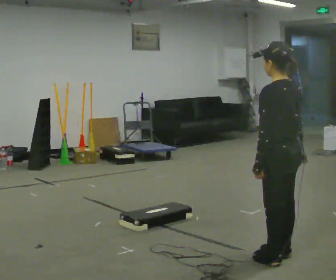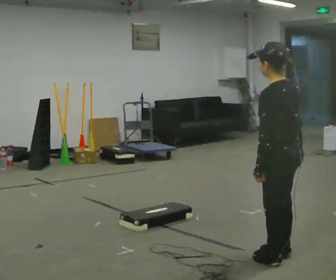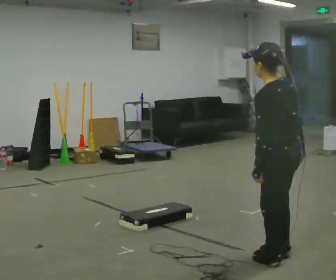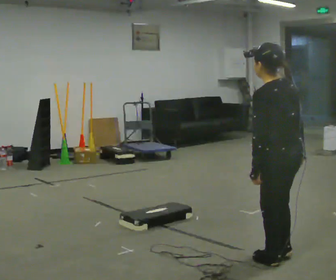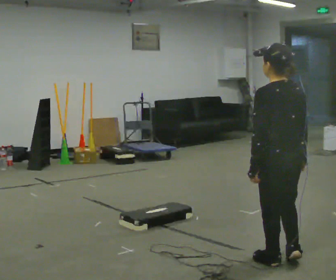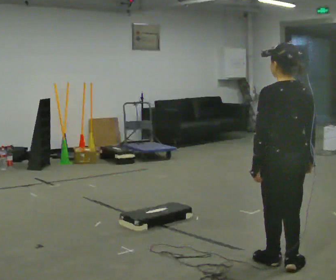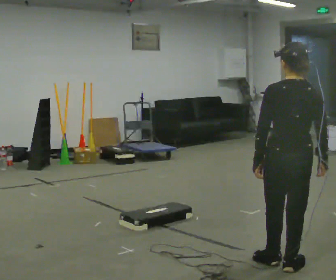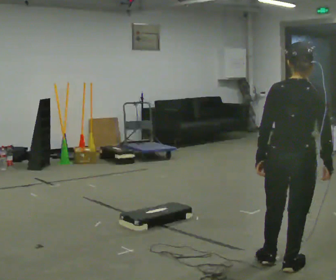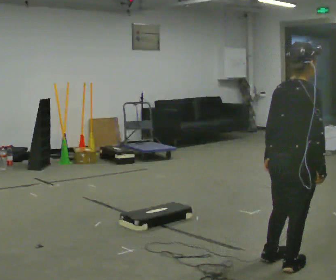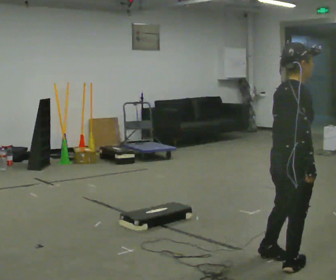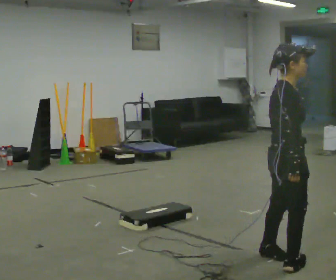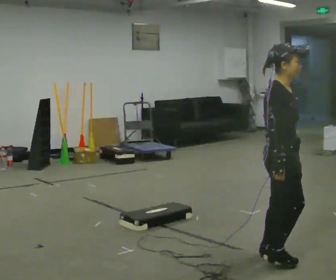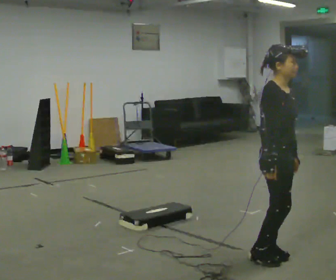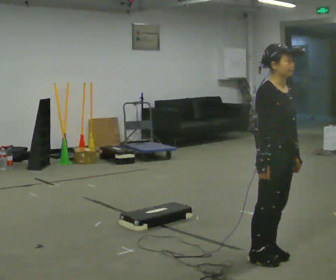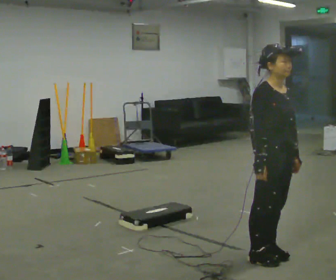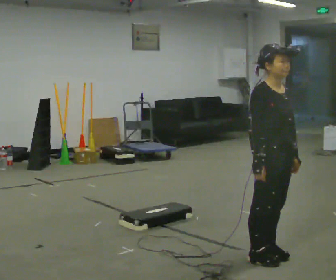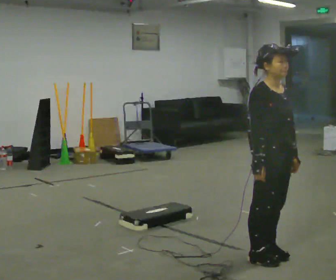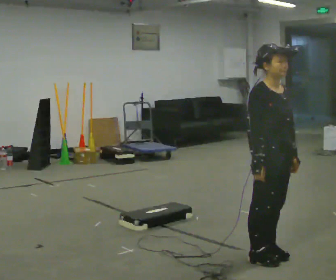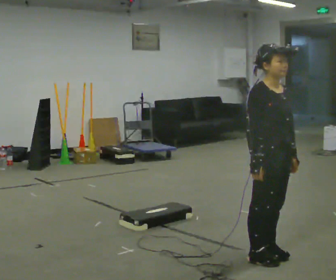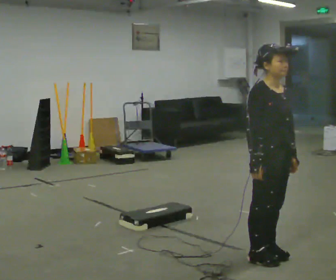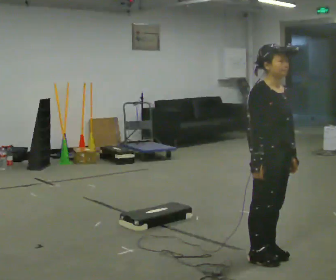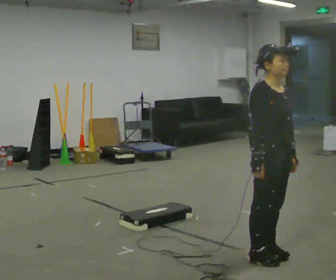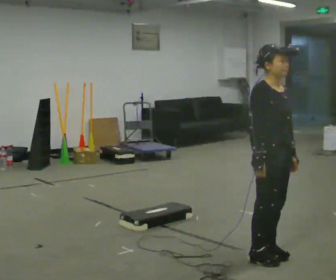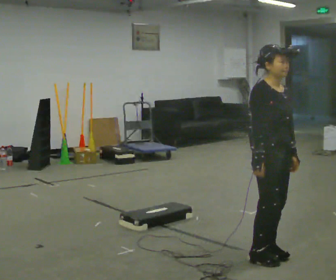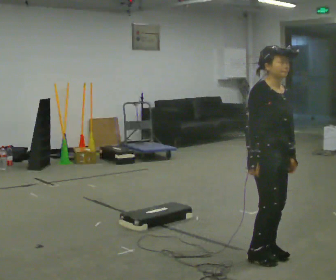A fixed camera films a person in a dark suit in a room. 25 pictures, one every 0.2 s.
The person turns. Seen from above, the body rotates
clockwise.
The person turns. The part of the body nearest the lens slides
to the left.
0.0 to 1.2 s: Seen from above the body turns clockwise, about 45 degrees: to their right, with its near side sliding to the left. In the picture they go toward the camera, about 0.25 m in 1 step, which for them is backward.
1.2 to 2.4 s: The part of the body nearest the lens slides to the left as the person turns to their right by about 120 degrees. In the picture they go away from the camera, about 0.25 m in 2 steps.
2.4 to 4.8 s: The person moves a little, or ends about where they began.
The film runs backward here.
